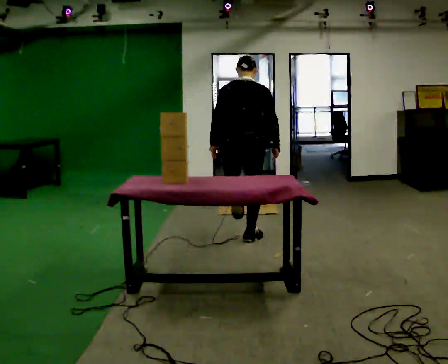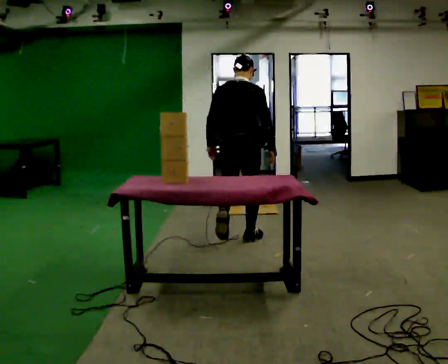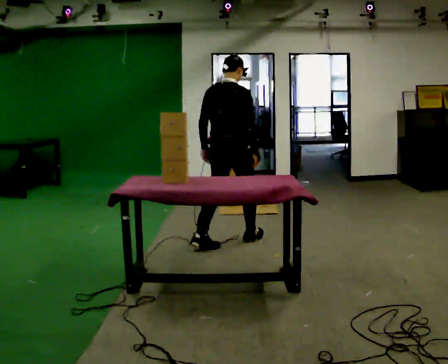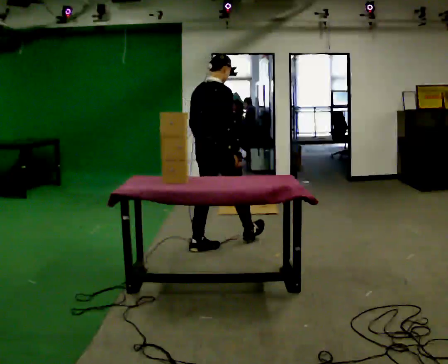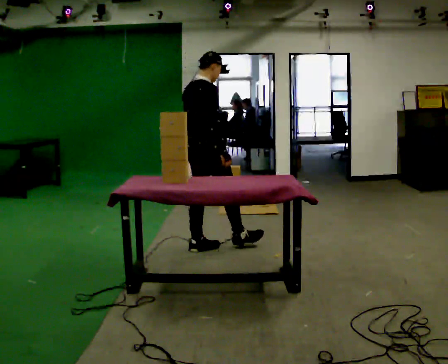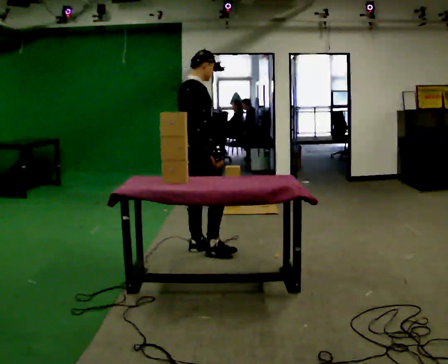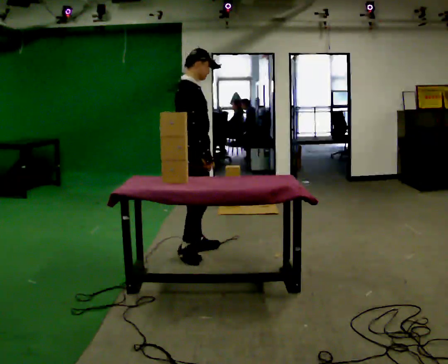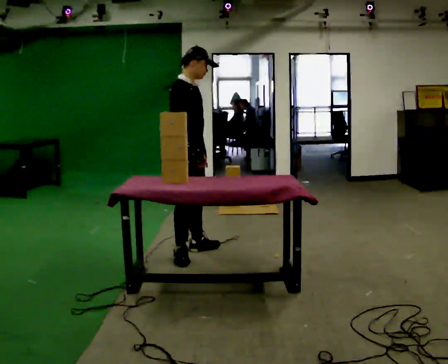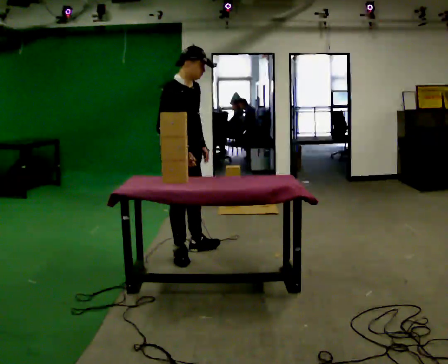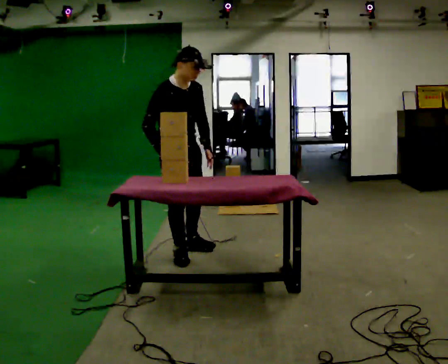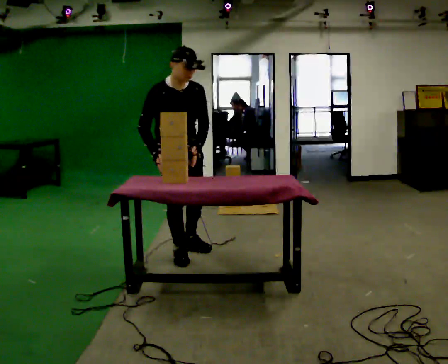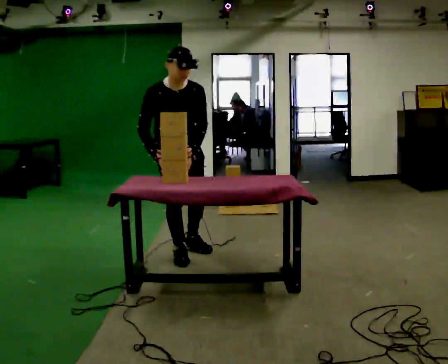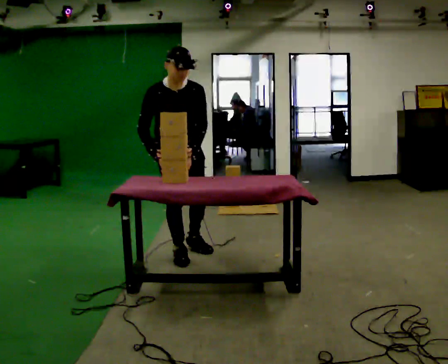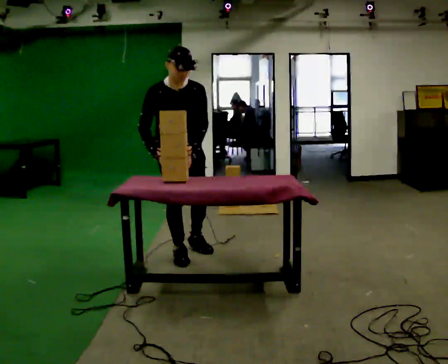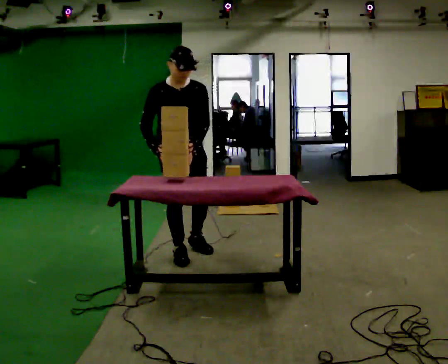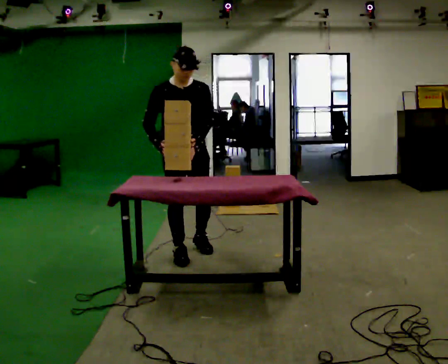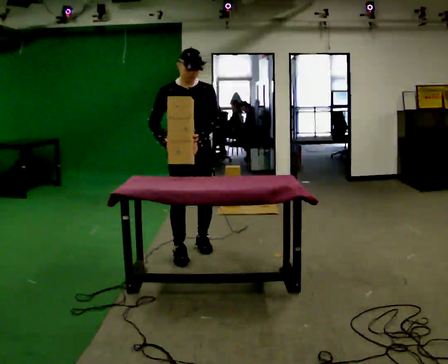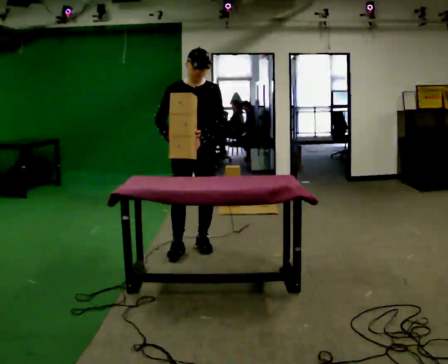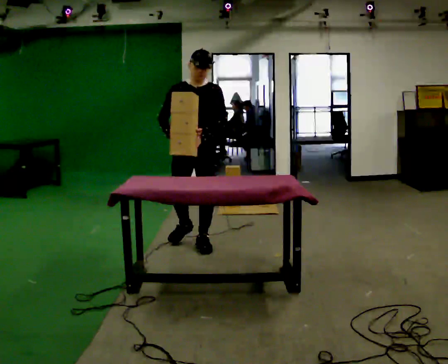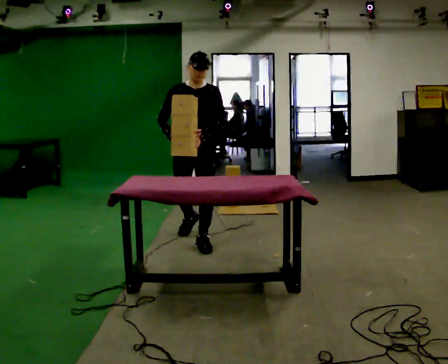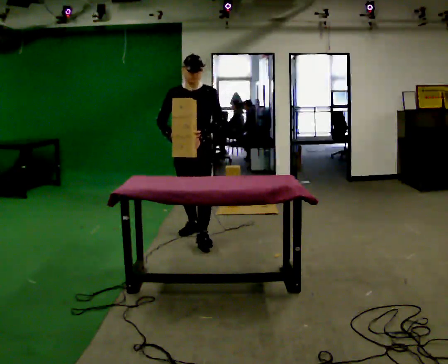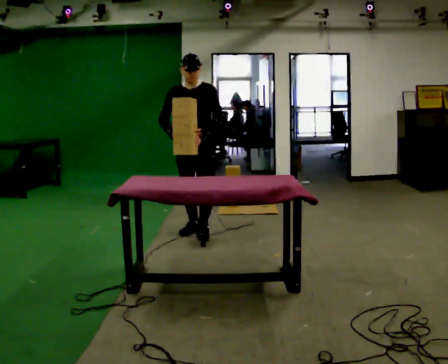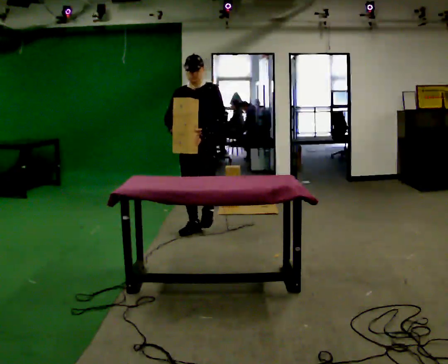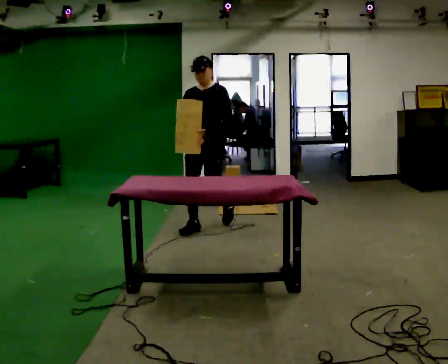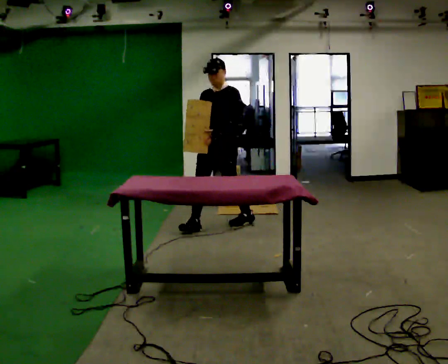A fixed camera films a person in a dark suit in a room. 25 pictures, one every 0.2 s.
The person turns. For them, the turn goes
to their right.
Their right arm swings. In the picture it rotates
clockwise.
0.0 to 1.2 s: The part of the body nearest the lens slides to the left as the person turns to their right by about 75 degrees. In the picture they go to the left and toward the camera, about 0.5 m in 1 step.
1.2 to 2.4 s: The person turns about 75 degrees to their right, clockwise seen from above, so the part of the body nearest the lens slides to the left. The upper body tips toward the camera, its near side rolling downward, as they bend forward.
2.4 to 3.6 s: In the picture they go away from the camera and to the right, about 0.25 m in 1 step, which for them is backward and to their left. The upper body tips away from the camera, its near side rolling upward, as they lean back or straighten.
3.6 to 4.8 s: The part of the body nearest the lens slides to the left as the person turns to their right by about 30 degrees. In the picture they go away from the camera and to the right, about 0.75 m in 1 step, which for them is backward.
The film runs backward here.
